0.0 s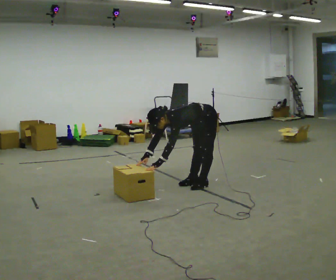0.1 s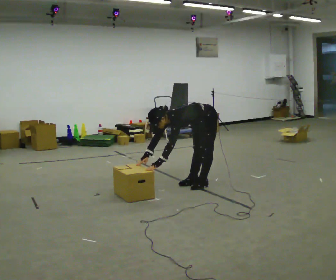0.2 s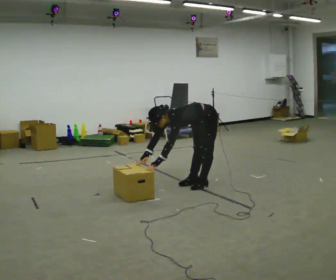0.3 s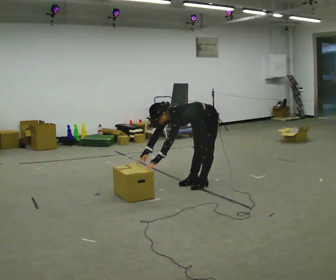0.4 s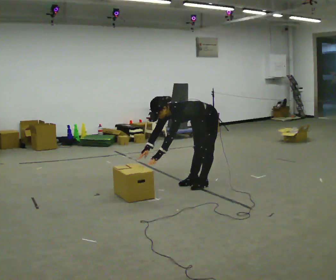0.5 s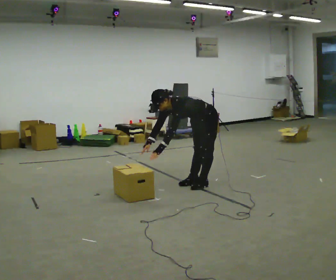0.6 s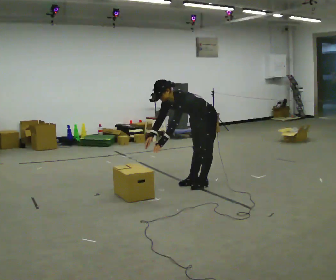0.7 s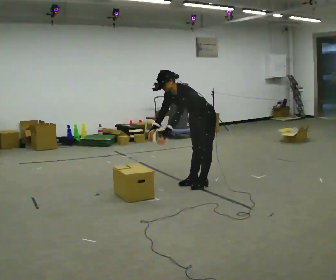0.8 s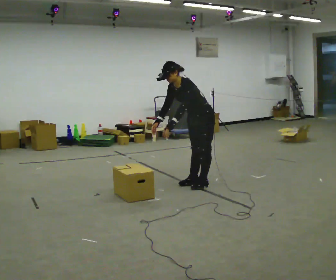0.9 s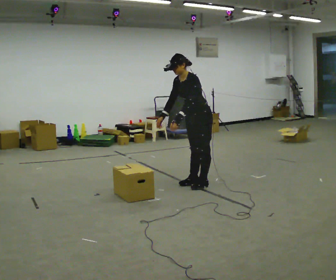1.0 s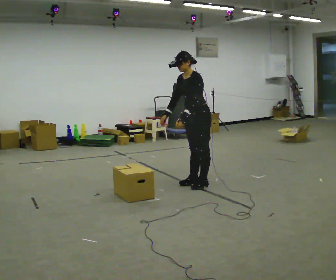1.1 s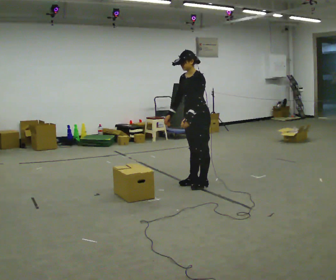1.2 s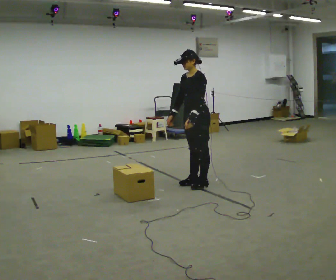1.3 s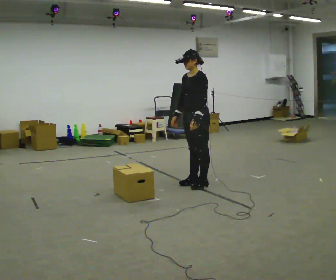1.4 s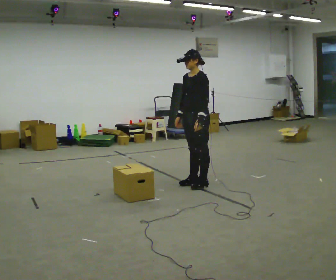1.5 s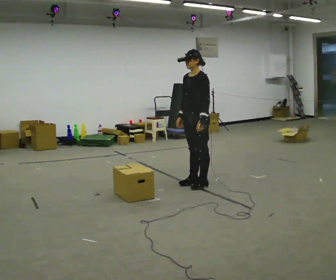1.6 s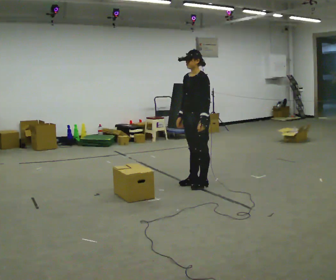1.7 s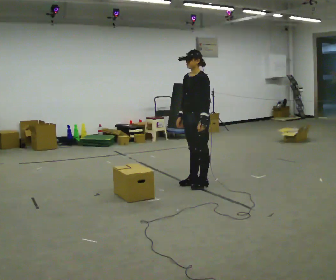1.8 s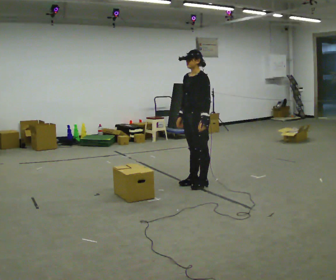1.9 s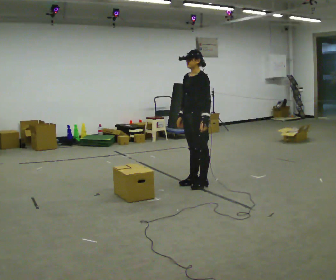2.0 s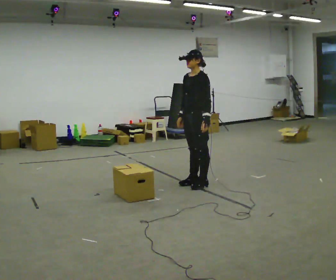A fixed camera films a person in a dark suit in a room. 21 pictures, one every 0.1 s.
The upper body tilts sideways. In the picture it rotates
clockwise.
Their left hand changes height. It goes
upward.
0.0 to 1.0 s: The shoulders move upward. In the picture the upper body tilts clockwise, shoulders to the right, as they lean back or straighten. In the picture their right hand goes upward.
1.0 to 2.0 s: In the picture the upper body tilts clockwise, shoulders to the right, as they lean back or straighten.
The film runs backward here.
